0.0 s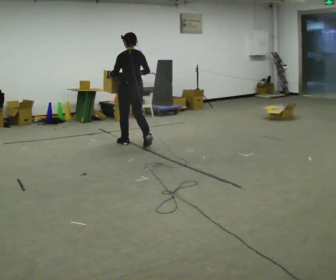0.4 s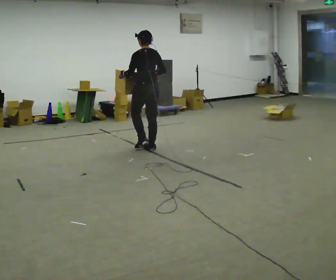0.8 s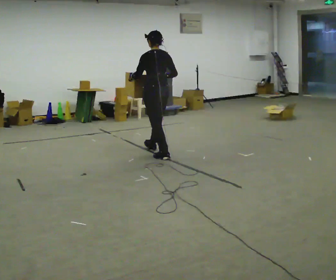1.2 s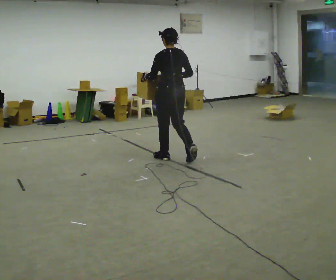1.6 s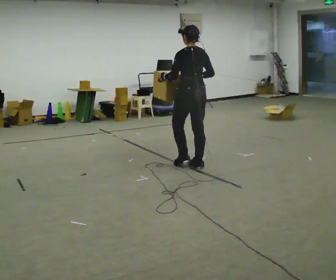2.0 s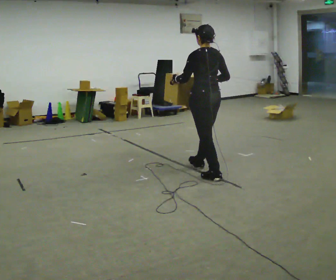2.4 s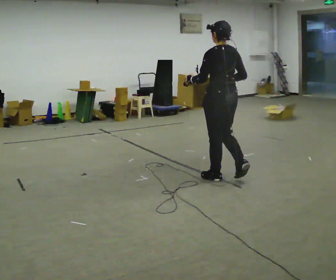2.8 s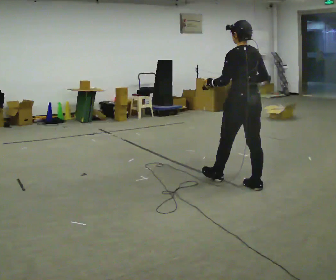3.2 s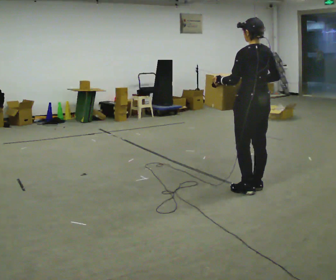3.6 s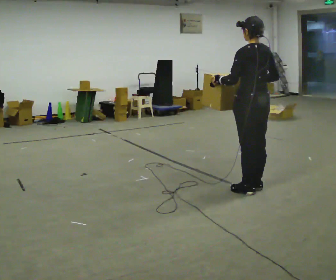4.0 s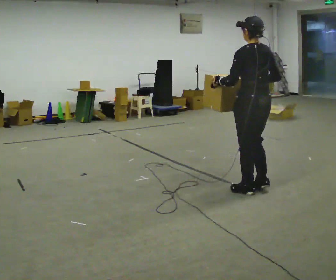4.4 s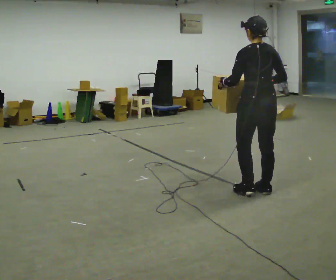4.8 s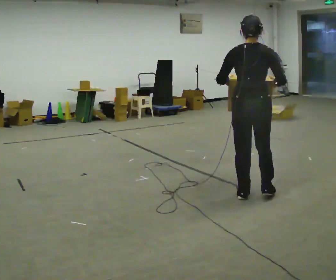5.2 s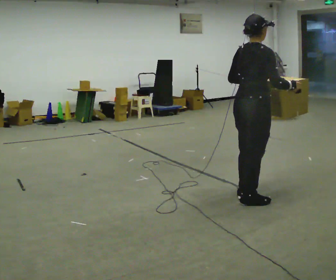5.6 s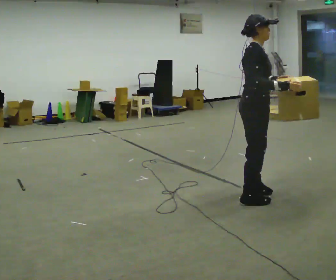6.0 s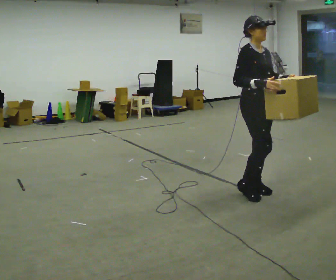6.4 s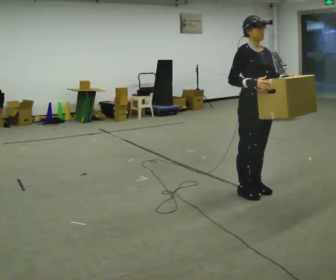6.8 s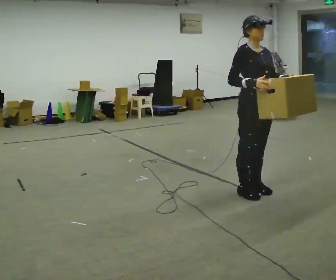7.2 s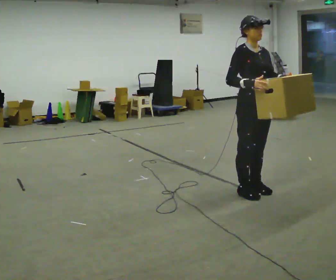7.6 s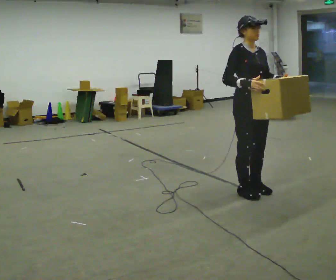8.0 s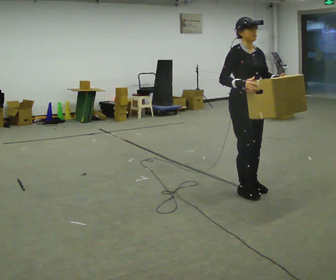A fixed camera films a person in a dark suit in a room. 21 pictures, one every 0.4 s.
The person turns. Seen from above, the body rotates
clockwise.
The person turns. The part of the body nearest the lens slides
to the left.
0.0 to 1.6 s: In the picture they go to the right and toward the camera, about 1.5 m in 3 steps, which for them is backward.
1.6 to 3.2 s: In the picture they go toward the camera and to the right, about 1 m in 2 steps, which for them is backward.
3.2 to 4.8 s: The person turns about 45 degrees to their right, clockwise seen from above, so the part of the body nearest the lens slides to the left. In the picture they go toward the camera, about 0.25 m in 1 step, which for them is backward and to their left.
4.8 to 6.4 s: The person turns about 135 degrees to their right, clockwise seen from above, so the part of the body nearest the lens slides to the left. In the picture their left hand goes to the right.
6.4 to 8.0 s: The person moves a little, or ends about where they began.
The film runs backward here.
